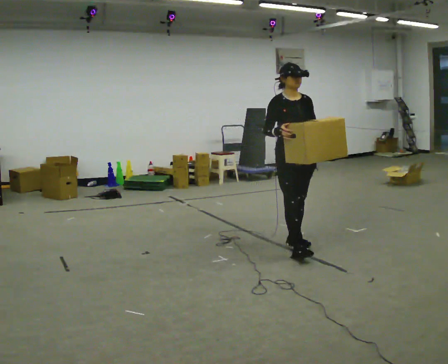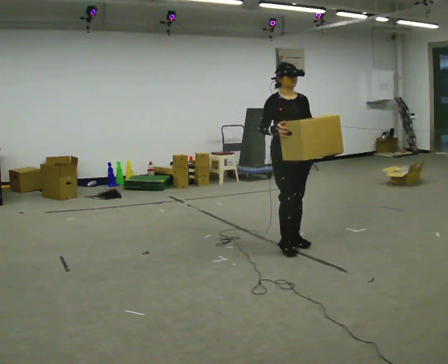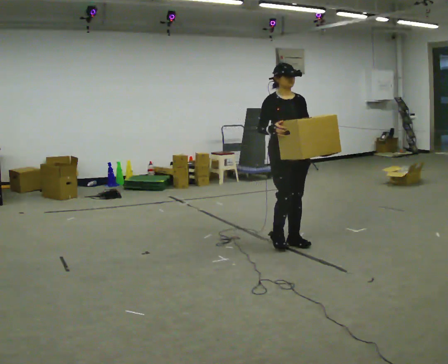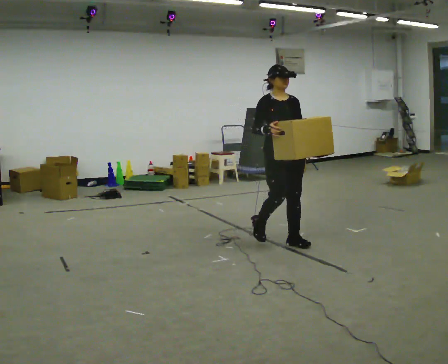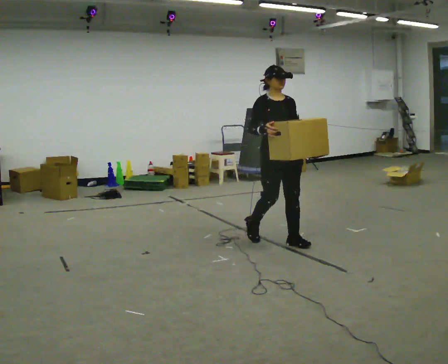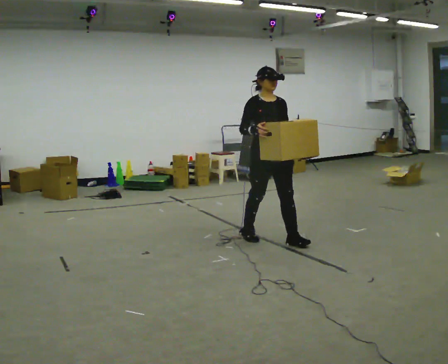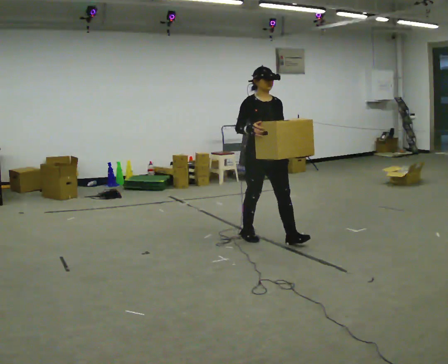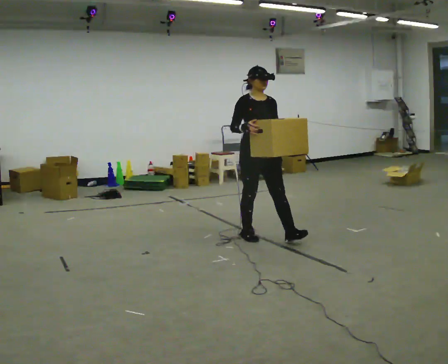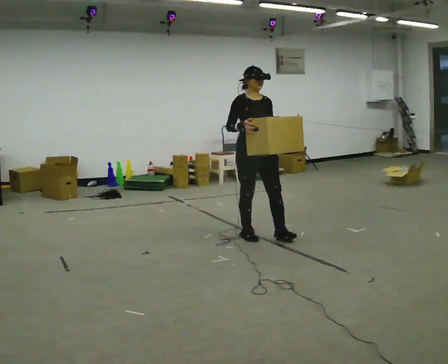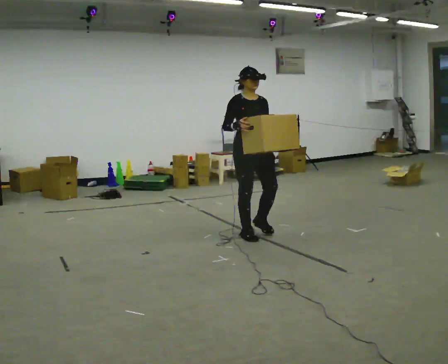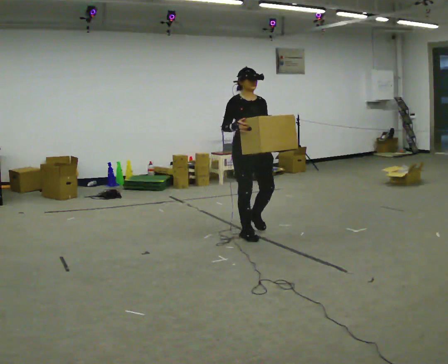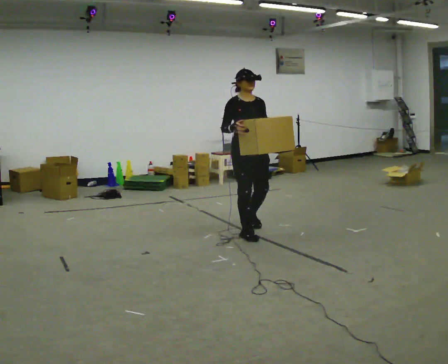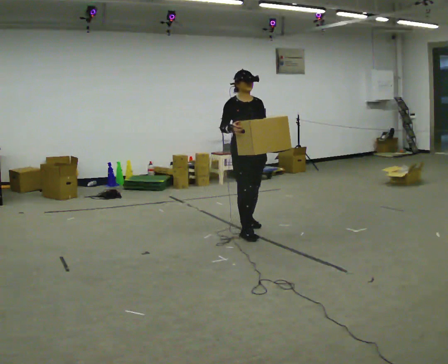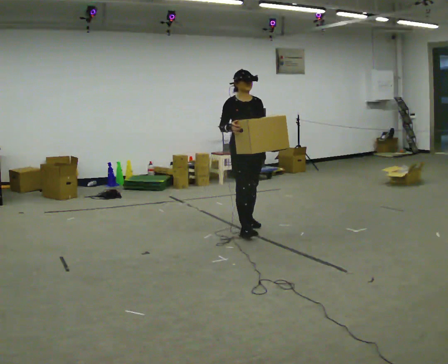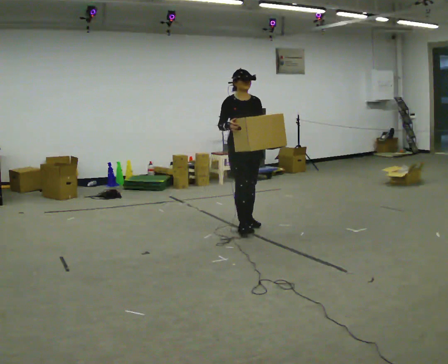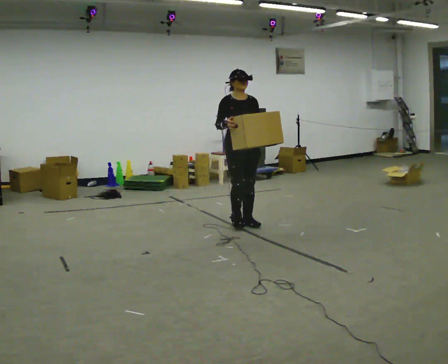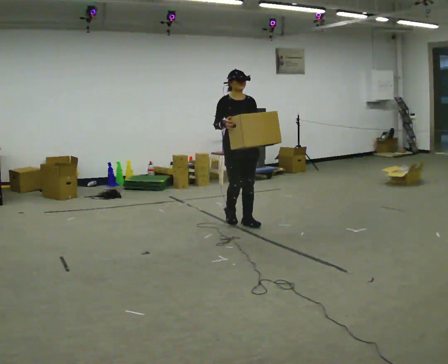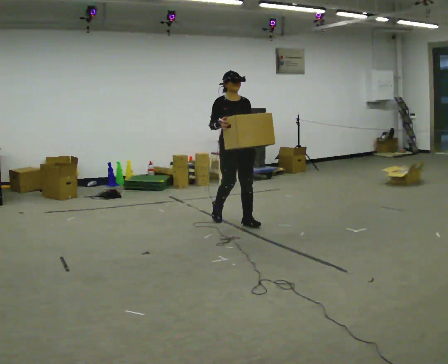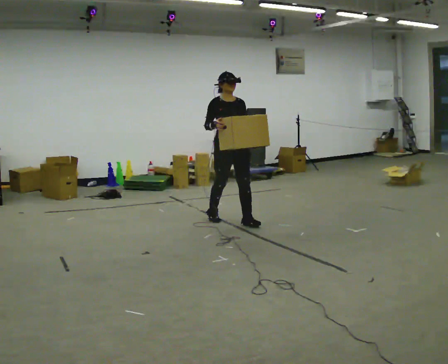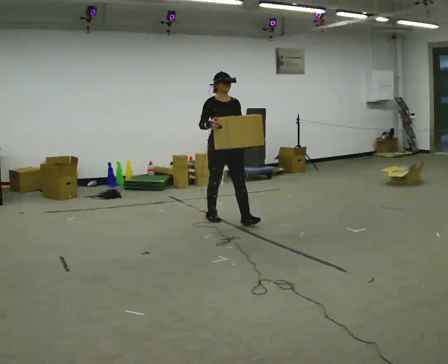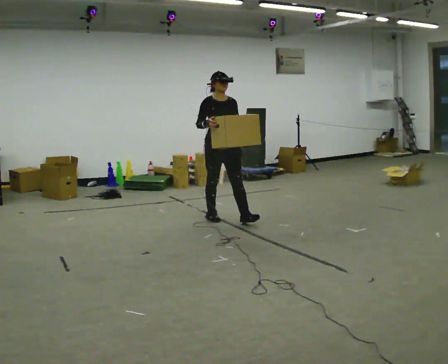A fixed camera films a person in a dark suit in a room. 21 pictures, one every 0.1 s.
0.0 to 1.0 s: In the picture they go away from the camera and to the left, about 0.5 m in 1 step, which for them is backward.
1.0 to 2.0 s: In the picture they go away from the camera and to the left, about 0.75 m in 2 steps, which for them is backward.
The film runs backward here.
